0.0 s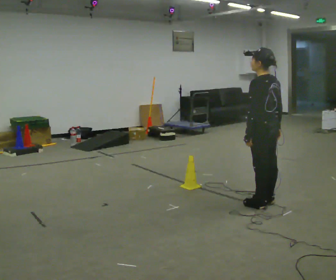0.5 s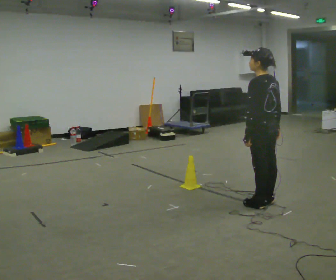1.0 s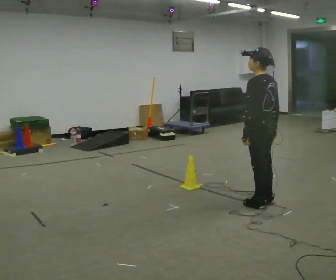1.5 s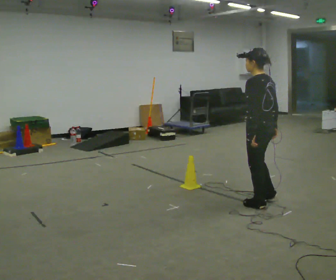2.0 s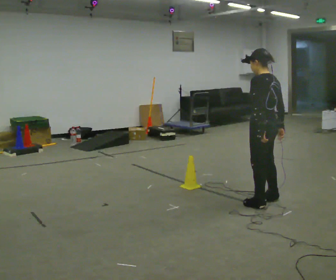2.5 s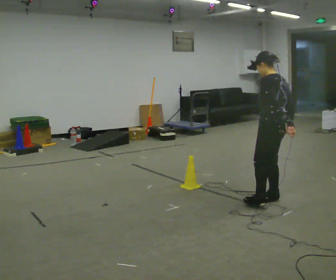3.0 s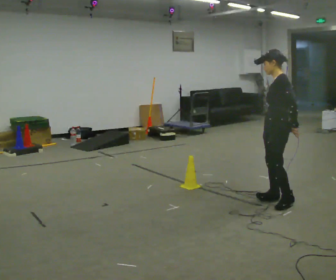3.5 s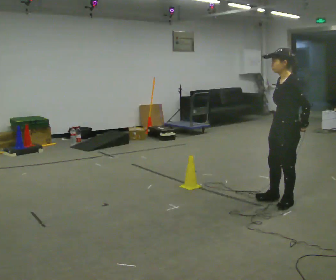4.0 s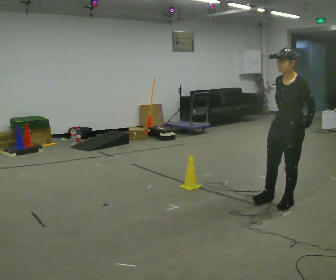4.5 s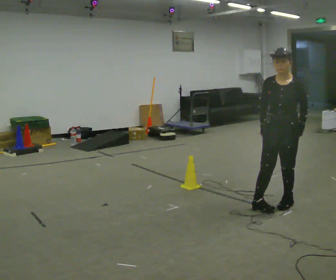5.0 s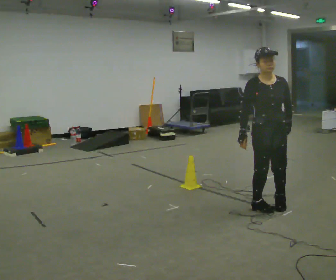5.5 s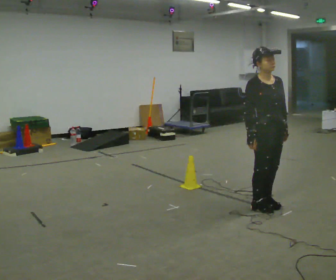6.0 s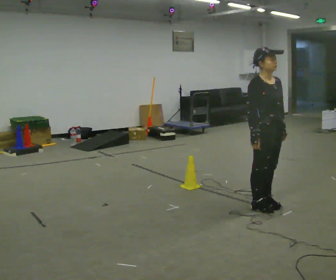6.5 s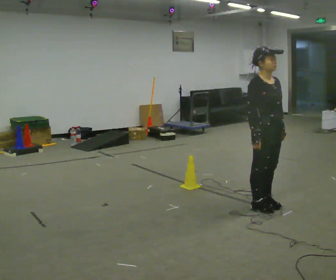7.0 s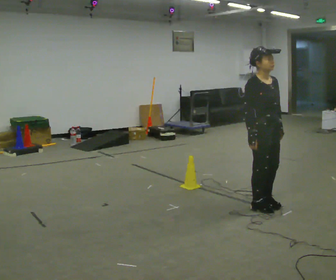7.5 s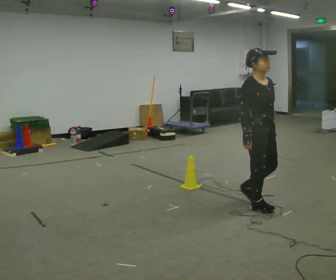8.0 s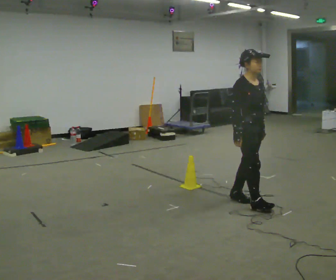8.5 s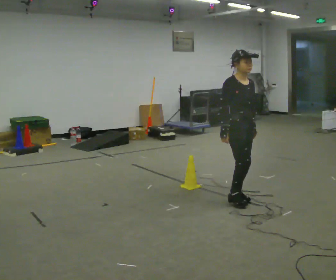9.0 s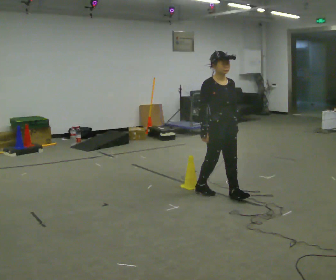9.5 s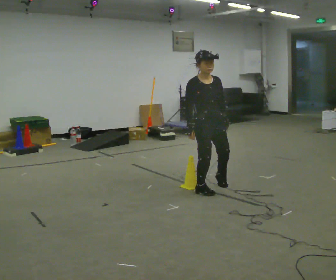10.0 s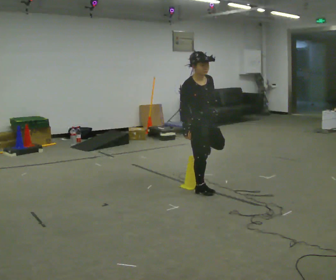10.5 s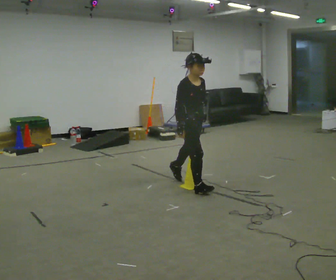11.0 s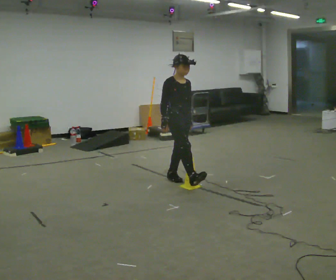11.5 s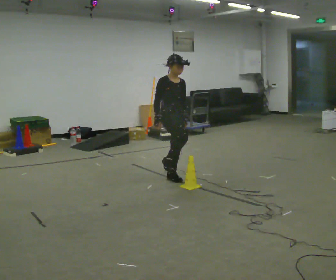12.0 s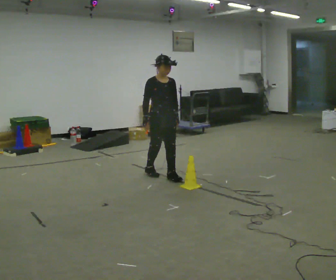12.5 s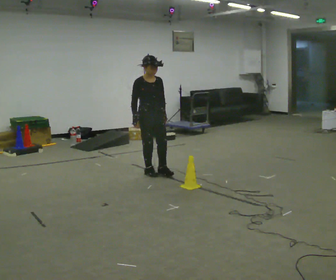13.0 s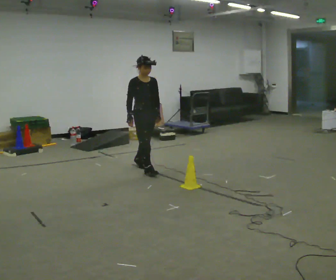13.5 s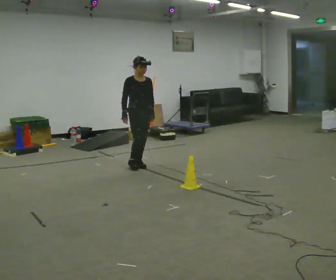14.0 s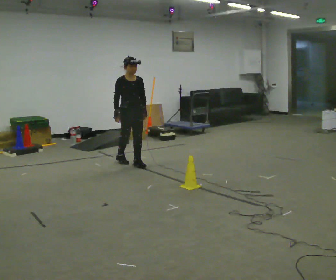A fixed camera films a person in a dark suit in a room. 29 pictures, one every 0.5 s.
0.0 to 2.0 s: The person moves a little, or ends about where they began.
2.0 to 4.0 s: The part of the body nearest the lens slides to the right as the person turns to their left by about 75 degrees. In the picture they go to the right, about 0.25 m in 2 steps. In the picture their left hand goes to the right.
4.0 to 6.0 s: The person turns about 90 degrees to their left, counterclockwise seen from above, so the part of the body nearest the lens slides to the right. In the picture they go to the left, about 0.25 m in 1 step. In the picture their right hand goes to the left.
6.0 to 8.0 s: In the picture they go to the left, about 0.25 m in 1 step, which for them is backward.
8.0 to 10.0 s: In the picture they go to the left and away from the camera, about 0.75 m in 2 steps, which for them is backward. The upper body tips toward the camera, its near side rolling downward.
10.0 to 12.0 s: In the picture they go to the left and away from the camera, about 0.75 m in 1 step, which for them is backward. The upper body tips away from the camera, its near side rolling upward, as they lean back or straighten.
12.0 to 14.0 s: In the picture they go to the left and away from the camera, about 1 m in 2 steps, which for them is backward.
The film runs backward here.
